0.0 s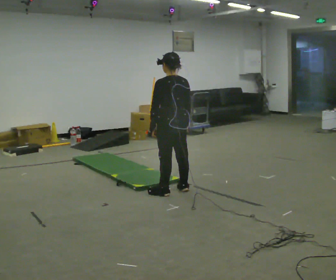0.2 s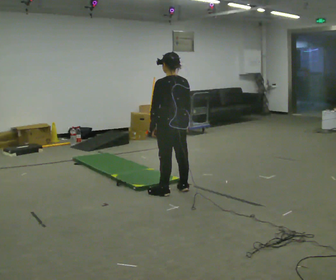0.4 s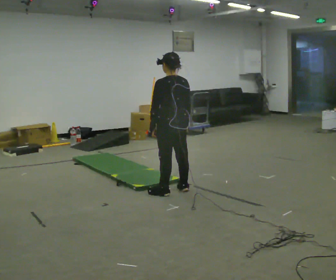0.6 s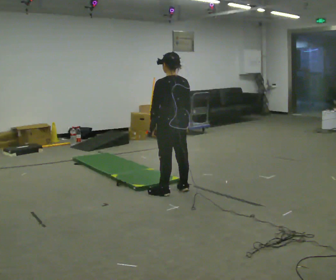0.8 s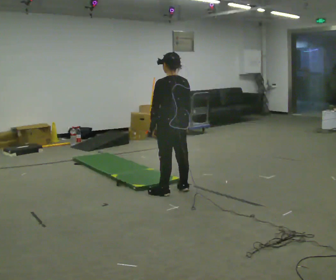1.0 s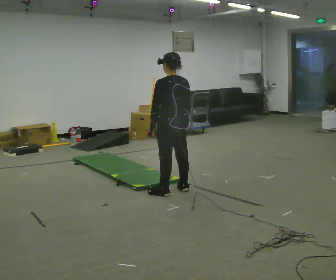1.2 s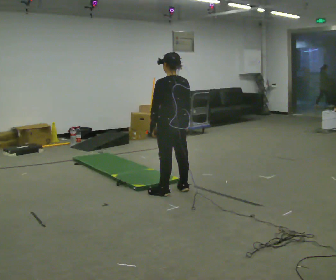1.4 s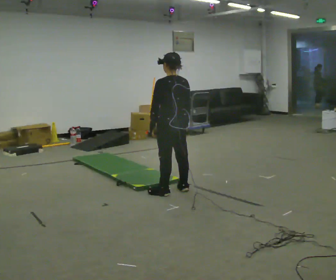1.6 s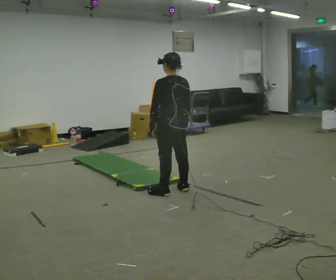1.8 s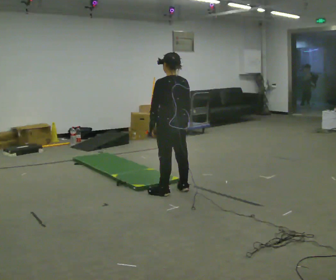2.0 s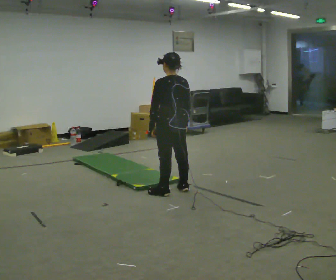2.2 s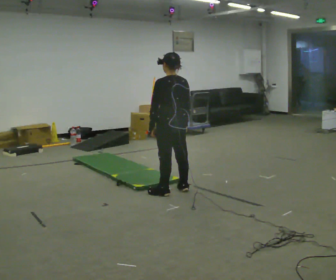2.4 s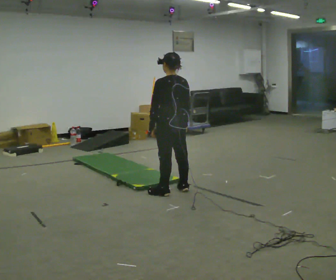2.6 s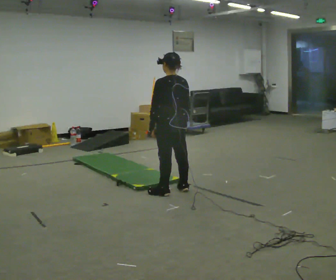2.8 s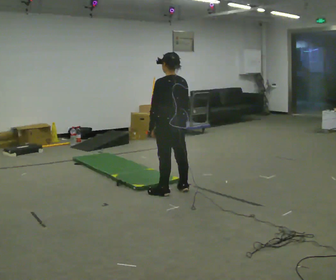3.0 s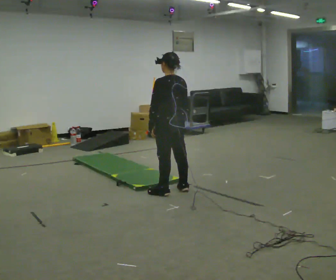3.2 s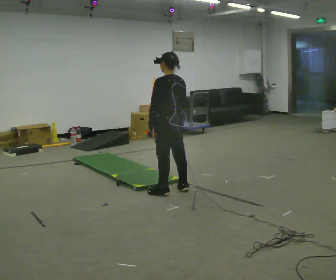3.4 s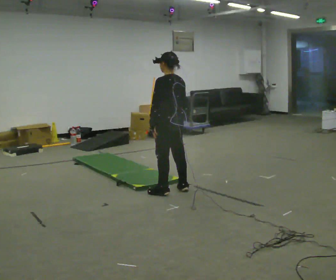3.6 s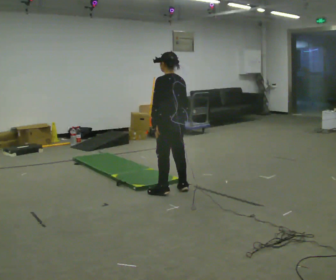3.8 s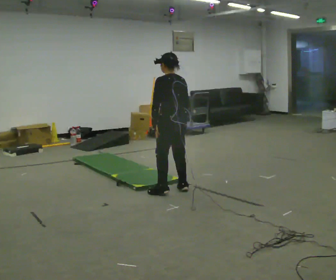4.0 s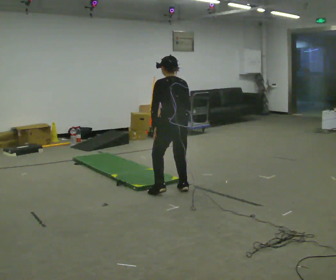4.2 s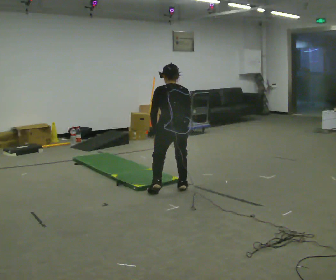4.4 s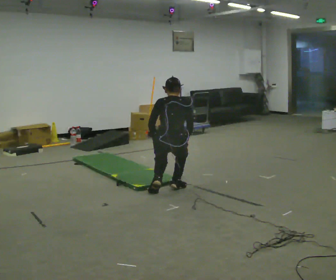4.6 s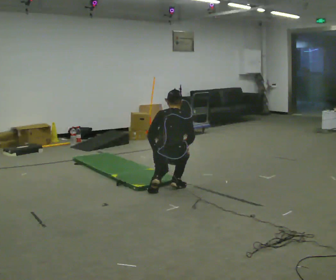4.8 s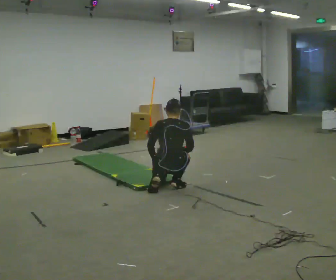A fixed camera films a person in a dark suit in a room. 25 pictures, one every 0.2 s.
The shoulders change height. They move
downward.
Their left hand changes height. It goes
downward.
0.0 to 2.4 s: The person keeps their place and pose.
2.4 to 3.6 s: The person moves a little, or ends about where they began.
3.6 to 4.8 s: The part of the body nearest the lens slides to the left as the person turns to their right by about 60 degrees. The upper body goes downward. In the picture their right hand goes downward.
The film runs backward here.
